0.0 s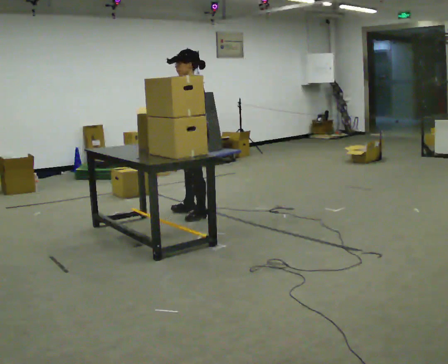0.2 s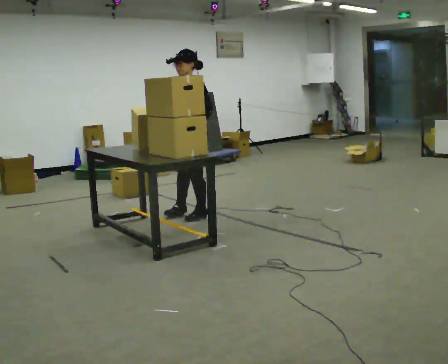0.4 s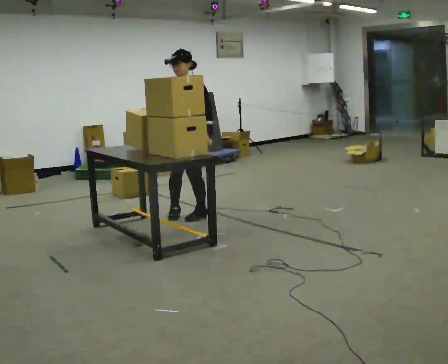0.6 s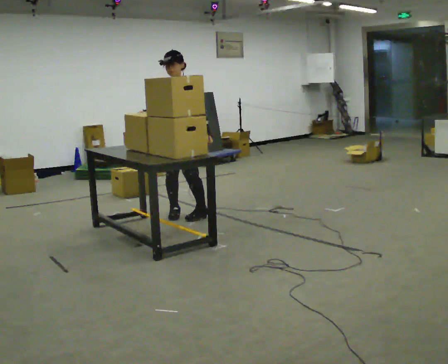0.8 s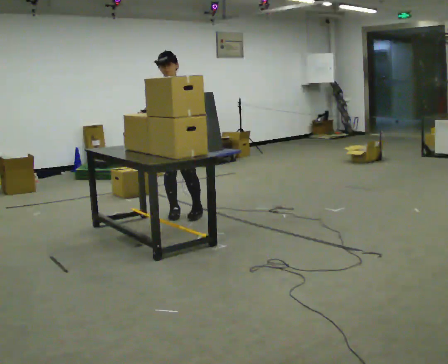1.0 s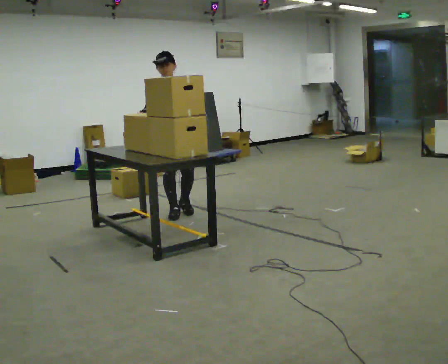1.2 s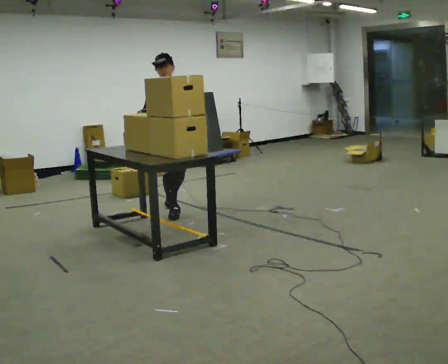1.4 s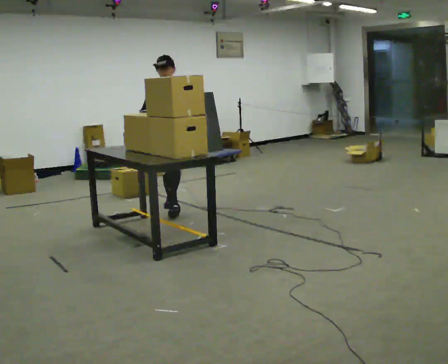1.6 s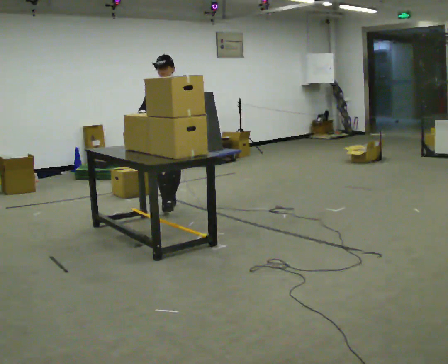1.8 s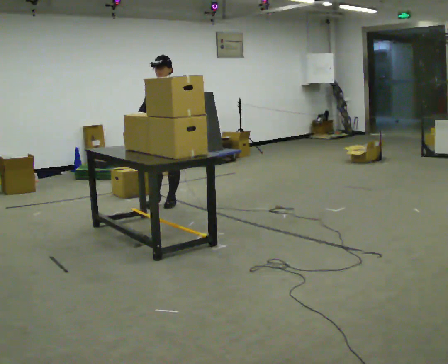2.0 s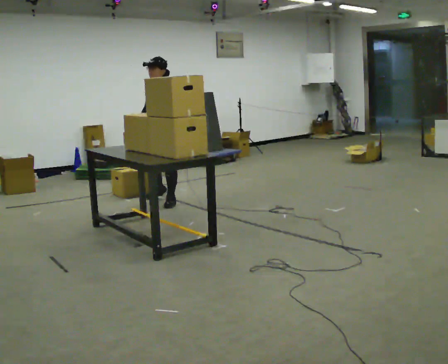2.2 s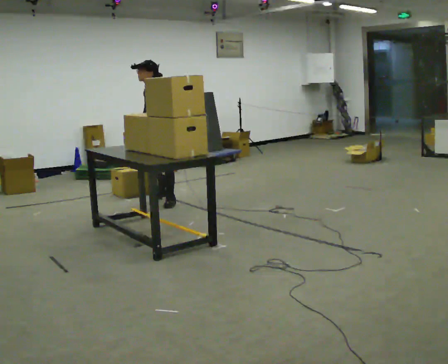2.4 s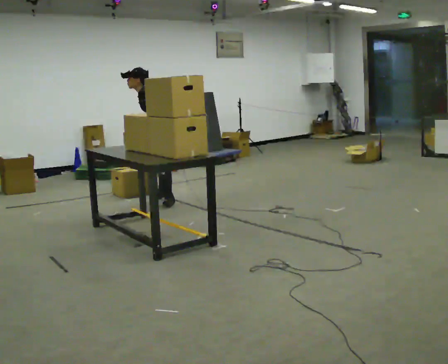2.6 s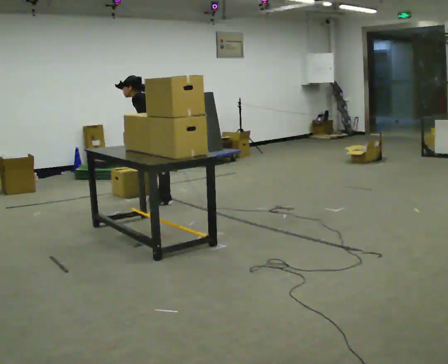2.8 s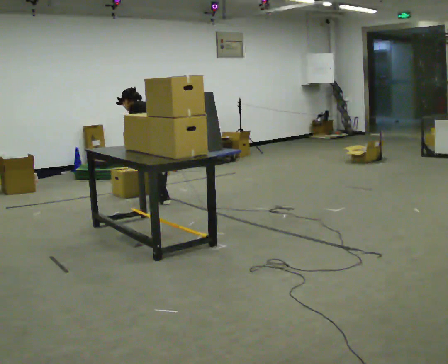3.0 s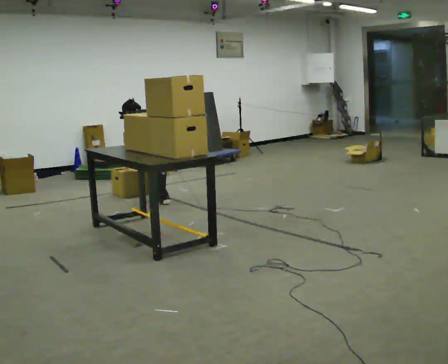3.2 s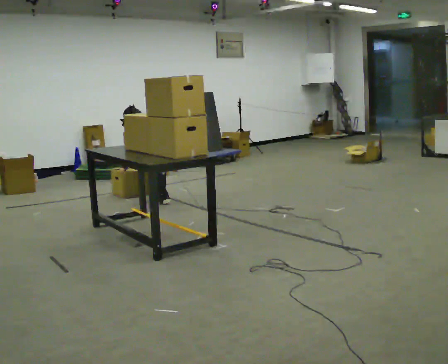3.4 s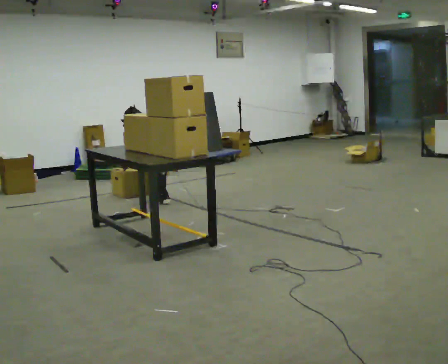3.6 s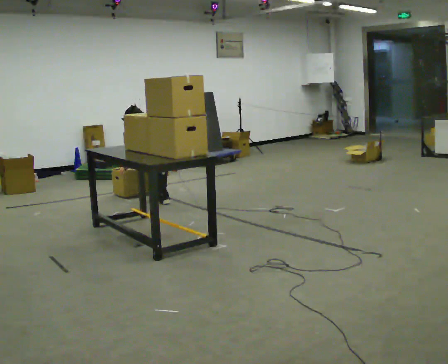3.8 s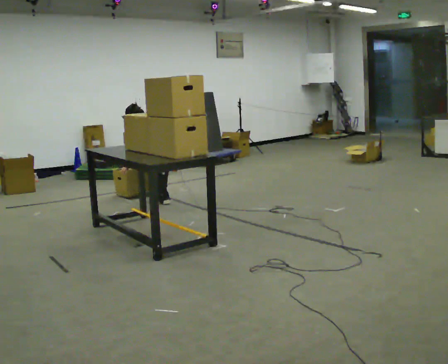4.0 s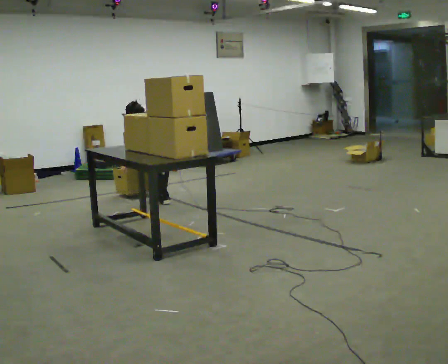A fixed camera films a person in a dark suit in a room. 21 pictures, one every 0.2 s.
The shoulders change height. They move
downward.
Their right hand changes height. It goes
downward.
0.0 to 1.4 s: The part of the body nearest the lens slides to the right as the person turns to their left by about 90 degrees. In the picture they go away from the camera and to the left, about 0.5 m in 1 step.
1.4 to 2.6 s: The part of the body nearest the lens slides to the left as the person turns to their right by about 120 degrees. In the picture they go away from the camera, about 0.5 m in 1 step. In the picture the upper body tilts counterclockwise, shoulders to the left, as they bend forward. In the picture their right hand goes downward, the arm swinging counterclockwise.
2.6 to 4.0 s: The part of the body nearest the lens slides to the left as the person turns to their right by about 30 degrees. The shoulders move downward. The upper body tips away from the camera, its near side rolling upward, as they bend forward. In the picture their left hand goes downward.
The film runs backward here.
